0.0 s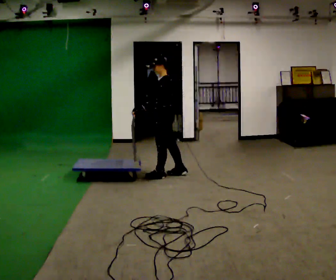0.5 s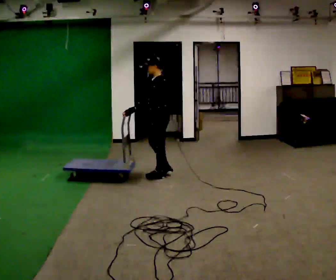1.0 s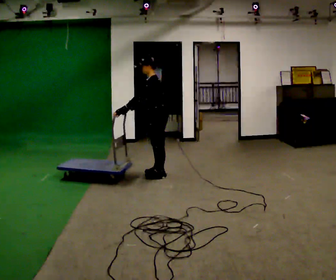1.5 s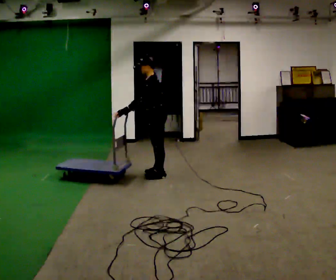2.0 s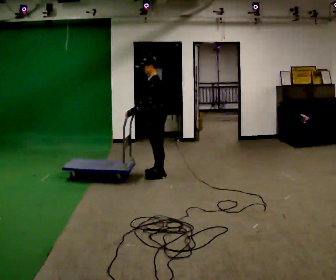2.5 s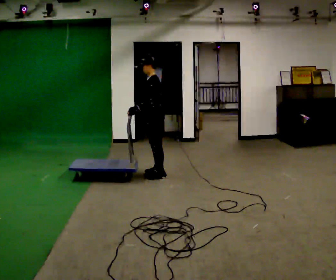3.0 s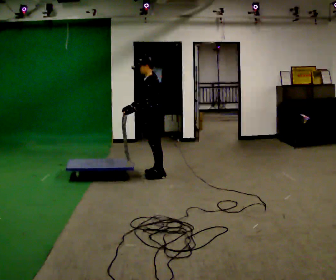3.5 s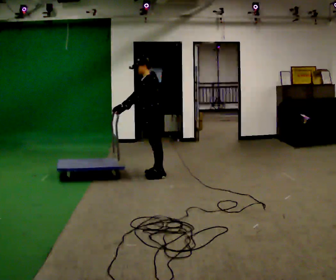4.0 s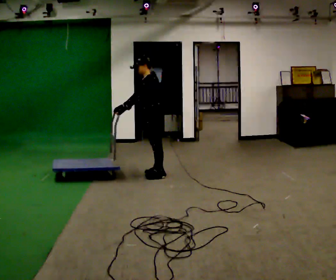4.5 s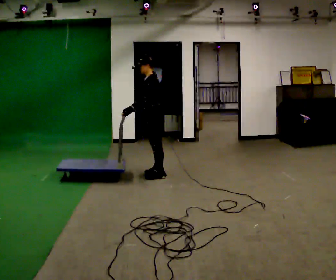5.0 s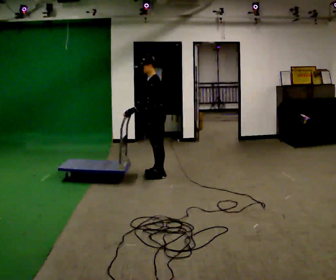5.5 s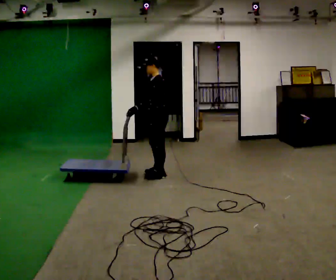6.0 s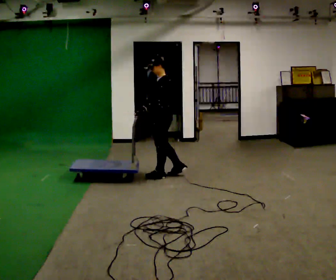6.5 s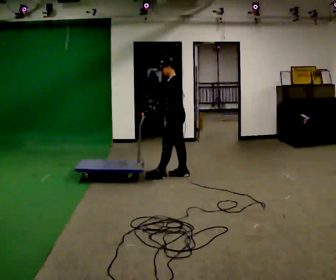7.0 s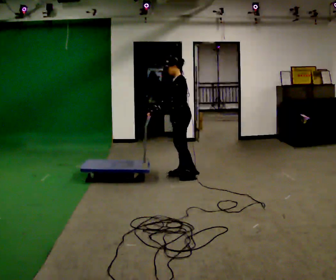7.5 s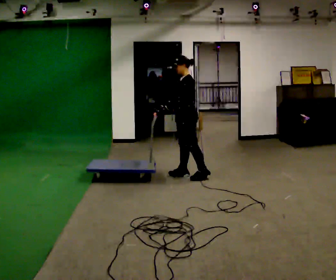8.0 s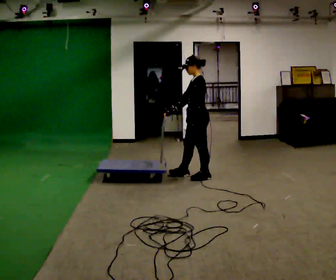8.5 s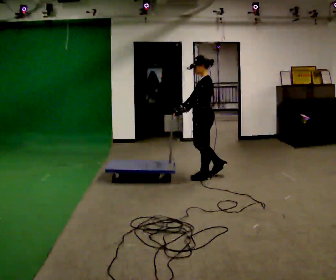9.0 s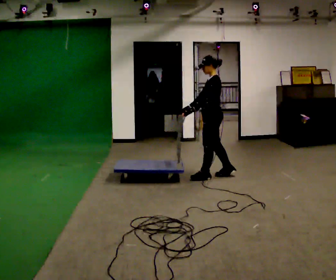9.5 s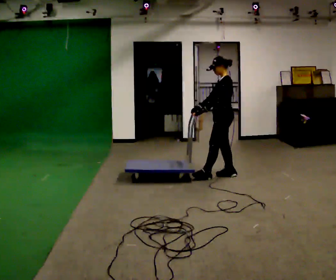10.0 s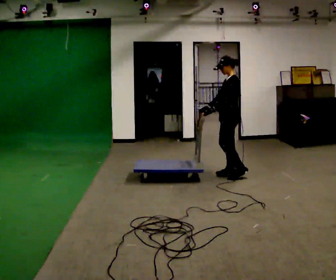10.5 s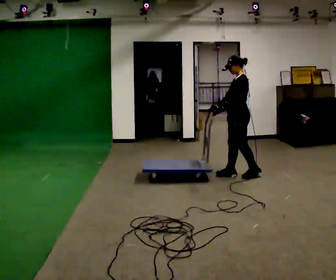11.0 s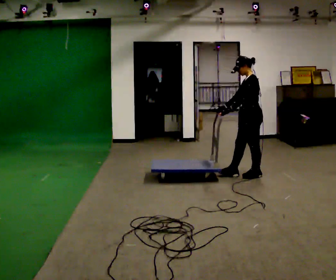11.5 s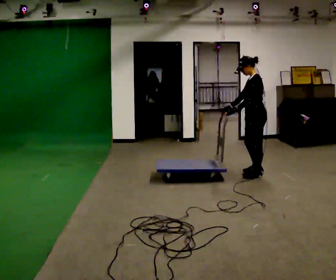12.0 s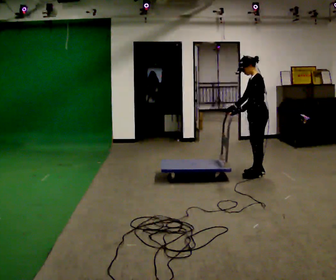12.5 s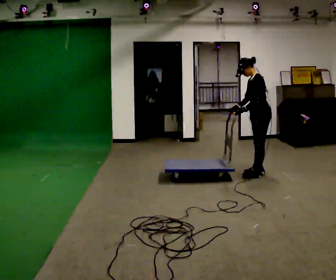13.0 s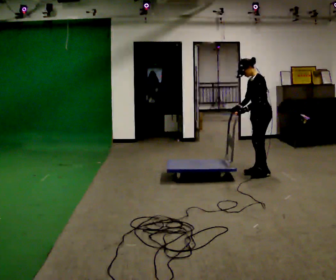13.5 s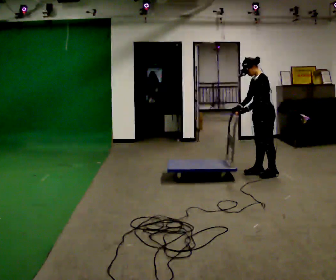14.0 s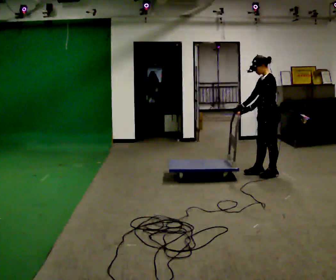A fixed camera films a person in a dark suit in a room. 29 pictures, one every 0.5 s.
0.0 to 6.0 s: The person moves a little, or ends about where they began.
6.0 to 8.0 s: In the picture they go to the right, about 0.5 m in 1 step, which for them is backward and to their left.
8.0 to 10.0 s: In the picture they go to the right, about 0.5 m in 1 step, which for them is backward.
10.0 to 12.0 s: In the picture they go to the right, about 0.25 m in 2 steps, which for them is backward.
12.0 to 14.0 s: The person moves a little, or ends about where they began.
The film runs forward here.
